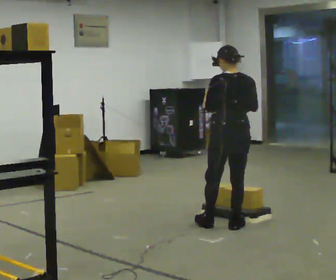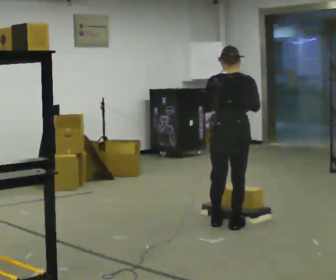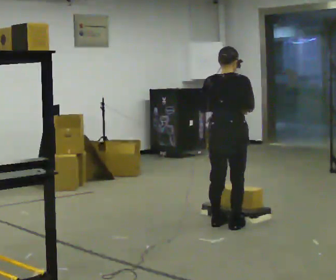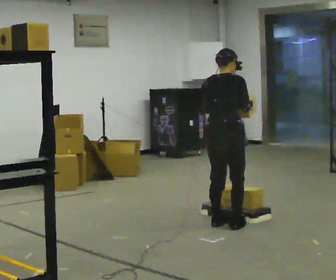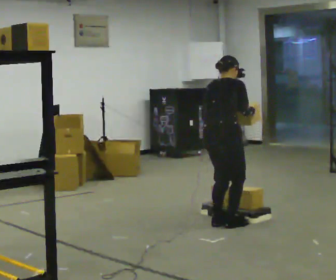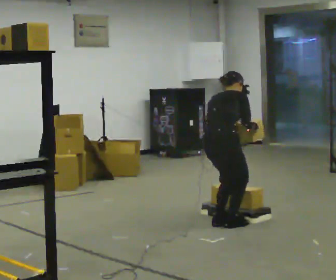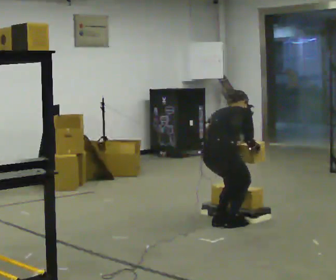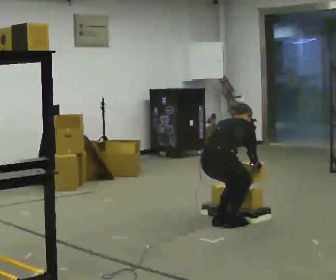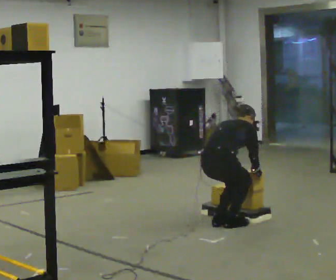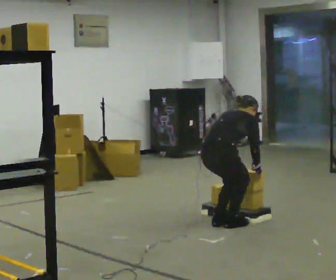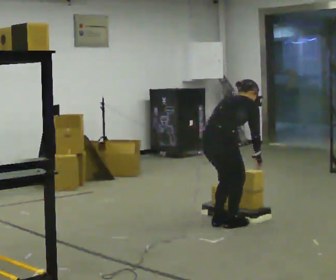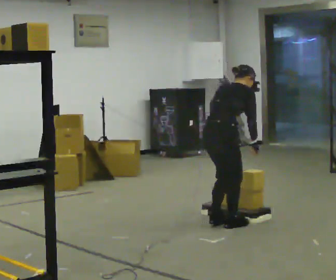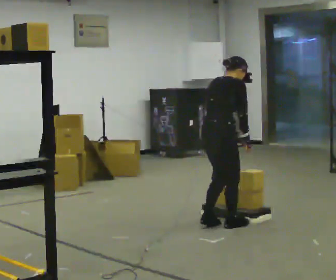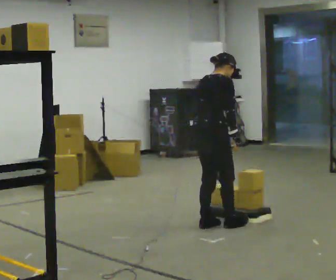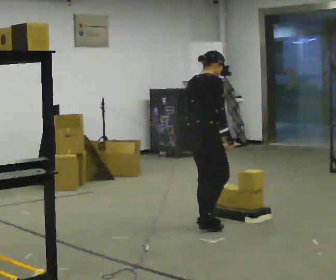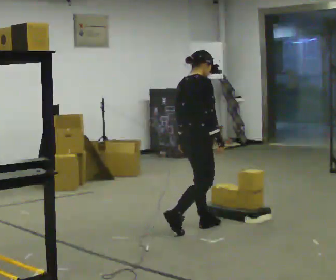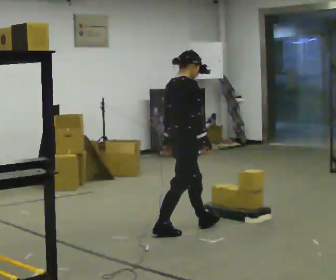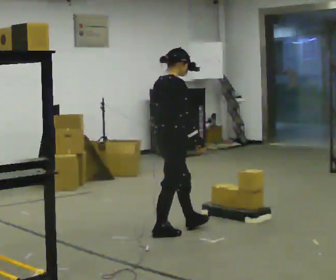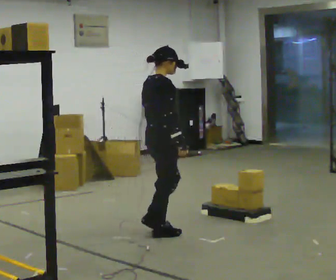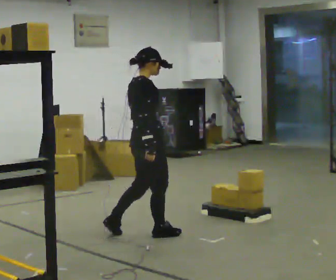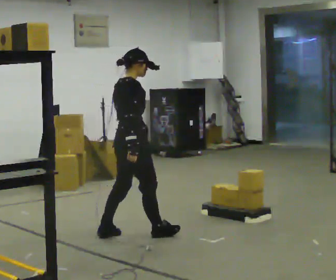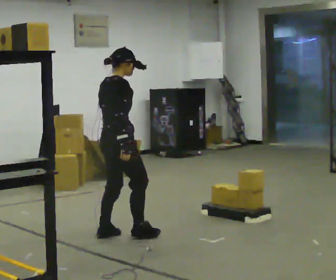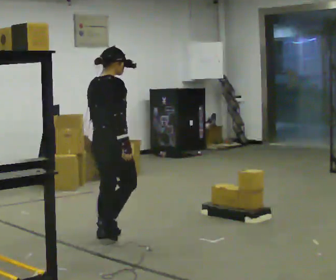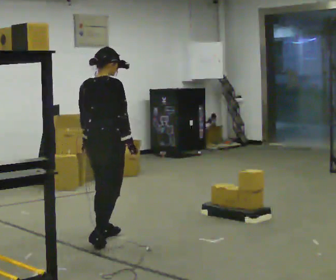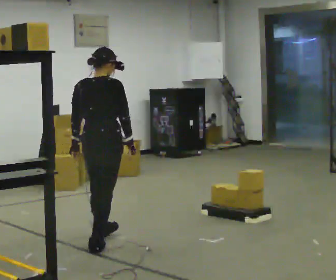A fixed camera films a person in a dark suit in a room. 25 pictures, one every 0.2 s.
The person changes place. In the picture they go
to the left.
0.0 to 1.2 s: The part of the body nearest the lens slides to the left as the person turns to their right by about 60 degrees. The shoulders move downward. The upper body tips away from the camera, its near side rolling upward, as they bend forward. In the picture their right hand goes downward.
1.2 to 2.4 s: The person moves a little, or ends about where they began.
2.4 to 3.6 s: In the picture they go to the left and toward the camera, about 0.5 m in 2 steps, which for them is backward.
3.6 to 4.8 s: The part of the body nearest the lens slides to the right as the person turns to their left by about 45 degrees. In the picture they go to the left and toward the camera, about 0.5 m in 2 steps, which for them is backward.
The film runs backward here.
